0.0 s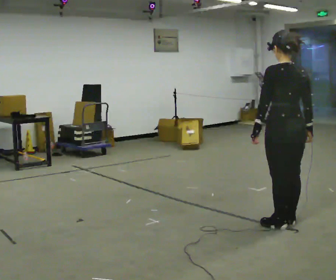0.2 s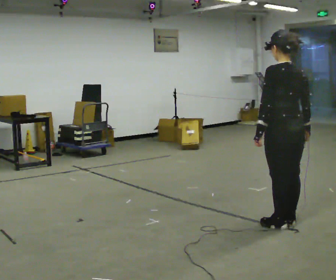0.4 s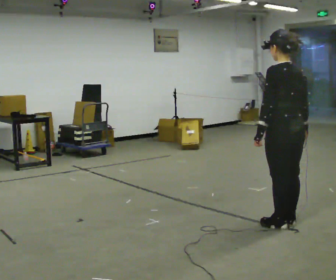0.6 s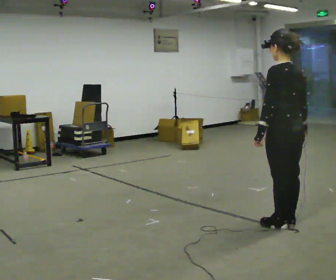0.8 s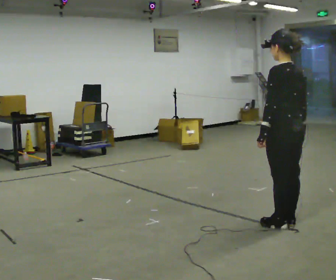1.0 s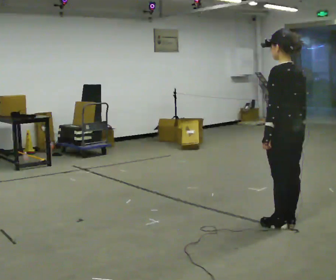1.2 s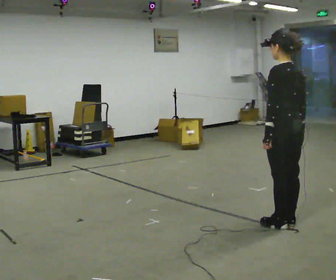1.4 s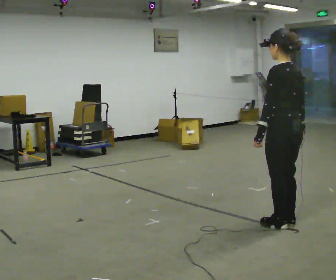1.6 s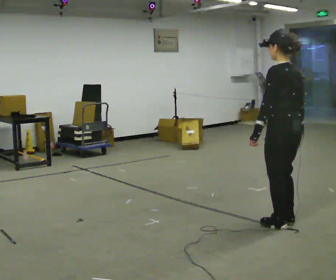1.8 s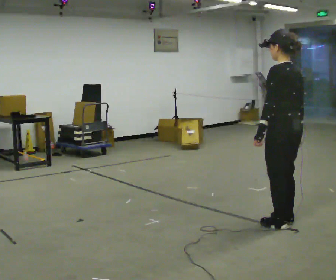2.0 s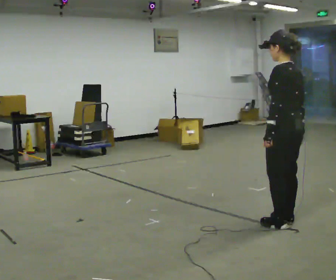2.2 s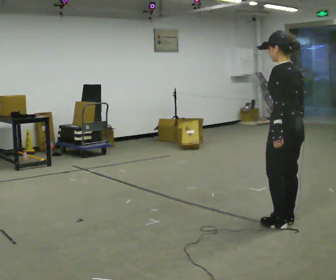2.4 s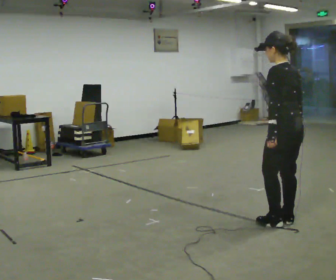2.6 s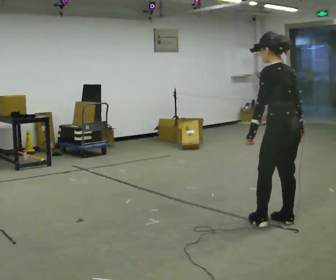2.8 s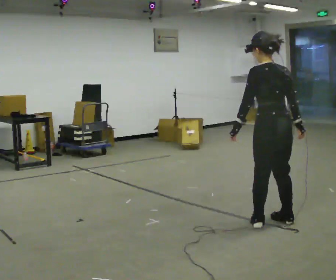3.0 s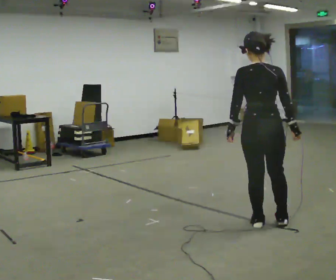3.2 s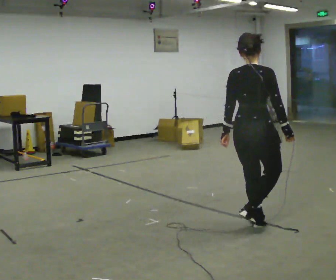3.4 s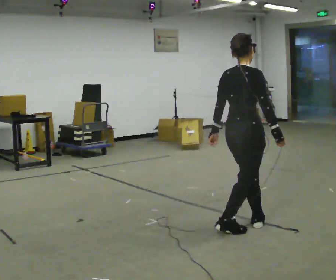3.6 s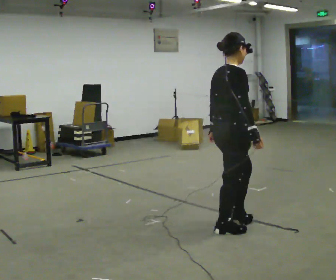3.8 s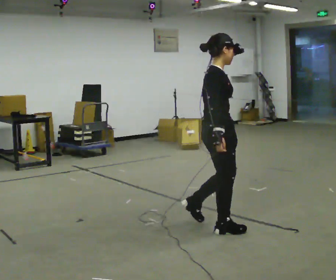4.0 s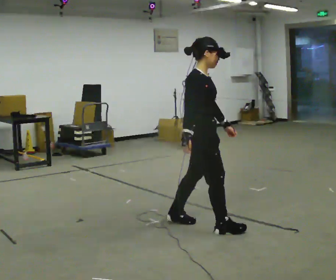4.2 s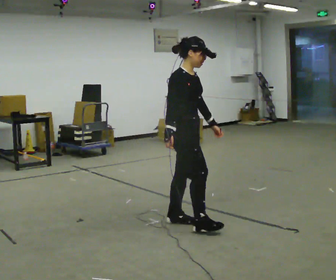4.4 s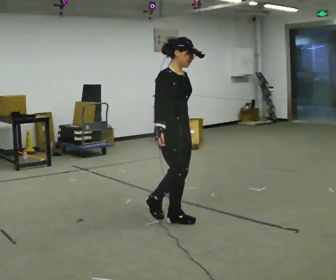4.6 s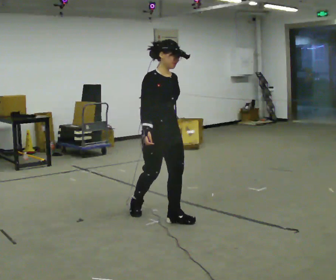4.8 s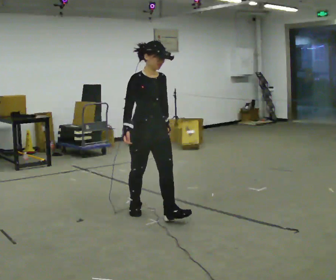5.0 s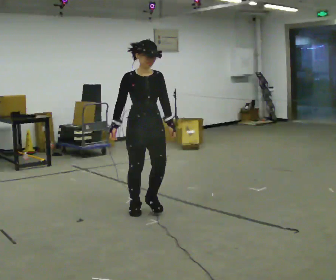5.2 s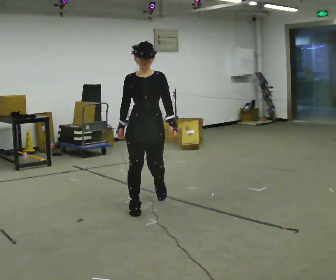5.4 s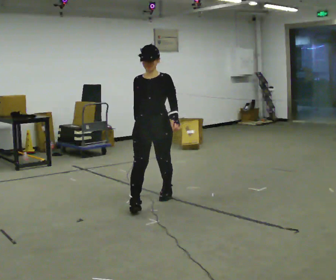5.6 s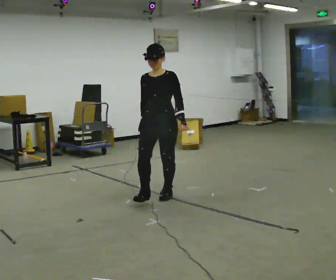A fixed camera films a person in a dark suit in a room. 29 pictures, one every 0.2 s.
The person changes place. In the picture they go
to the left.
The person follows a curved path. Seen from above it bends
clockwise.
0.0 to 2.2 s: The person turns about 30 degrees to their left, counterclockwise seen from above, so the part of the body nearest the lens slides to the right.
2.2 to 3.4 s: The person turns about 105 degrees to their right, clockwise seen from above, so the part of the body nearest the lens slides to the left. In the picture they go to the left, about 0.5 m in 2 steps.
3.4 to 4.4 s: The person turns about 60 degrees to their right, clockwise seen from above, so the part of the body nearest the lens slides to the left. In the picture they go to the left, about 0.5 m in 2 steps.
4.4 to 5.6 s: Seen from above the body turns clockwise, about 75 degrees: to their right, with its near side sliding to the left. In the picture they go away from the camera, about 0.5 m in 2 steps.
The film runs backward here.
